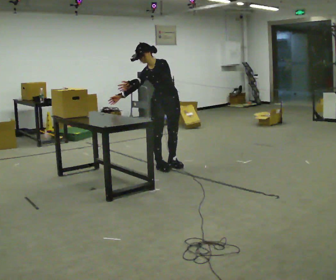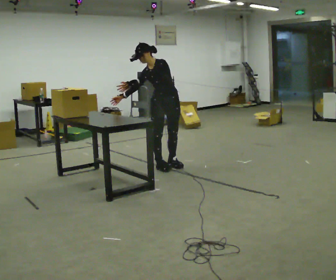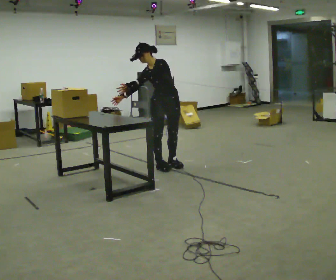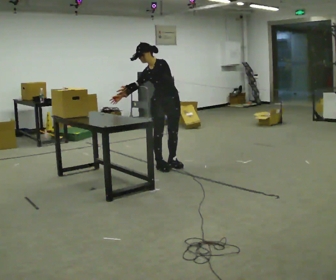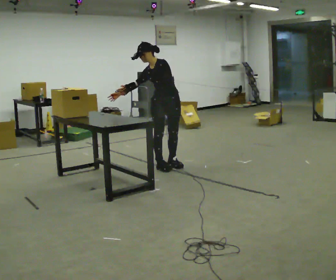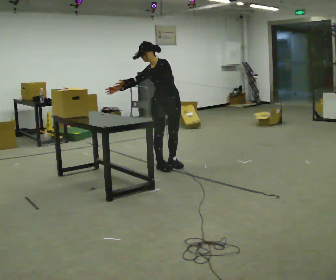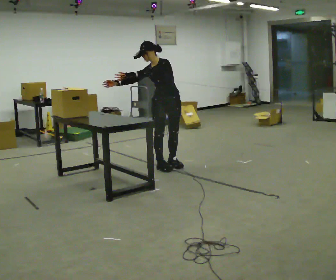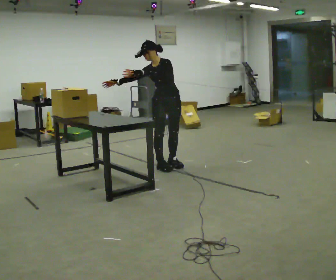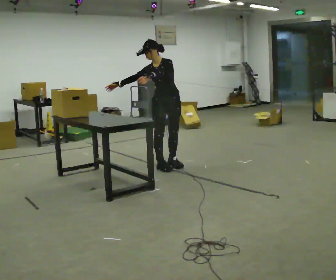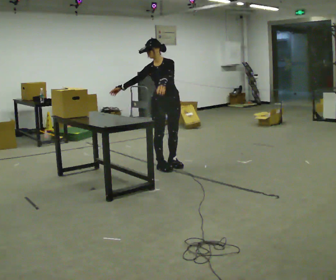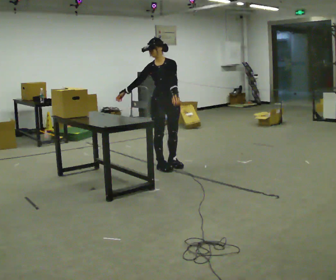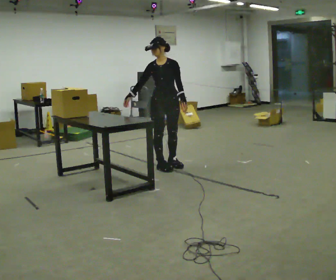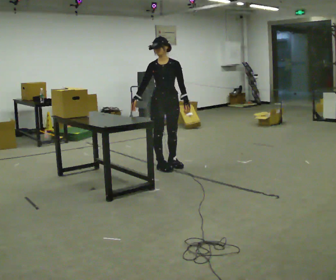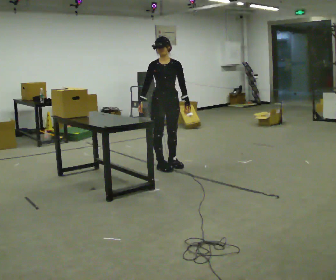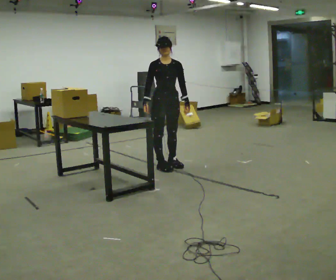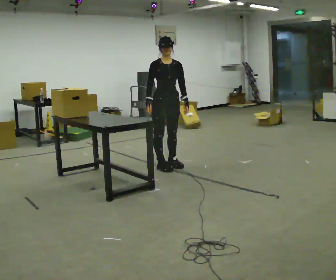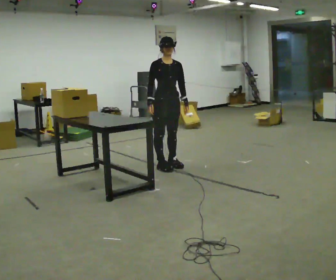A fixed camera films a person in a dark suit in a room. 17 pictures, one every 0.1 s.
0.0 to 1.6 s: The part of the body nearest the lens slides to the right as the person turns to their left by about 30 degrees. In the picture the upper body tilts clockwise, shoulders to the right, as they lean back or straighten. In the picture their left hand goes to the right.
The film runs backward here.
